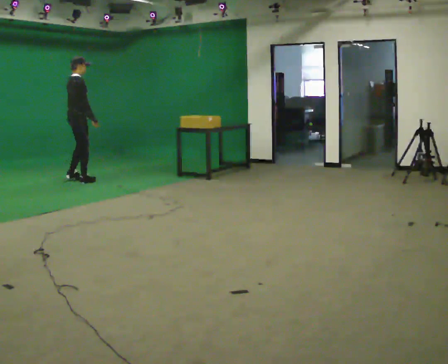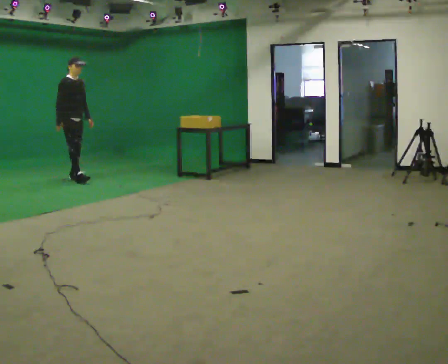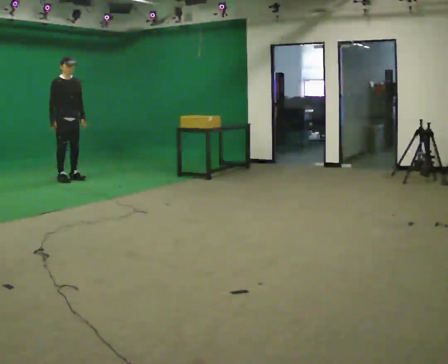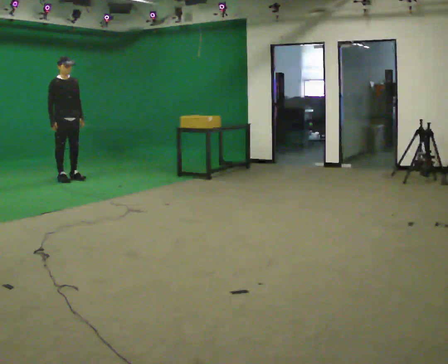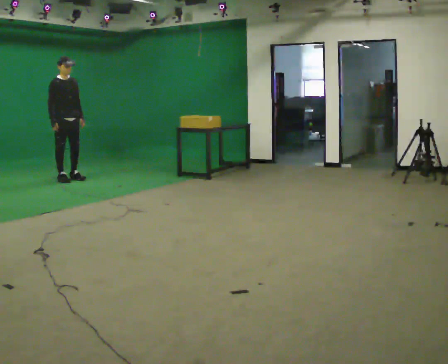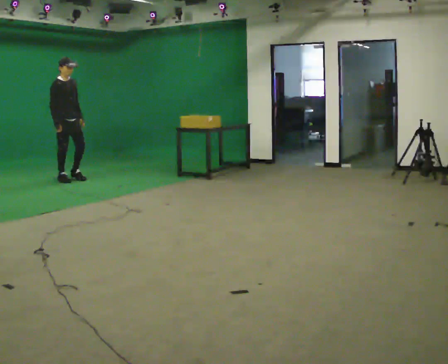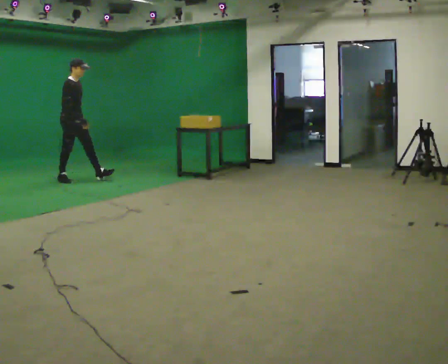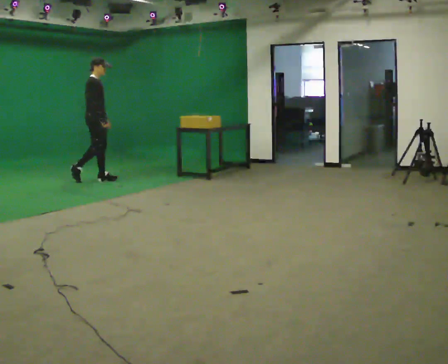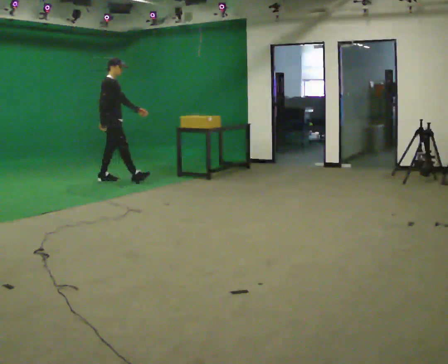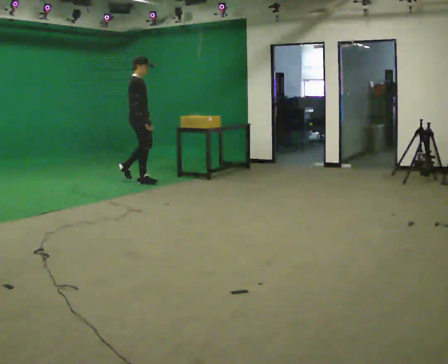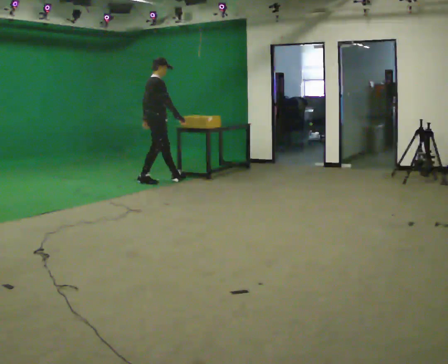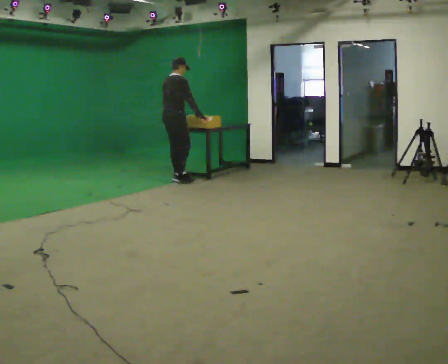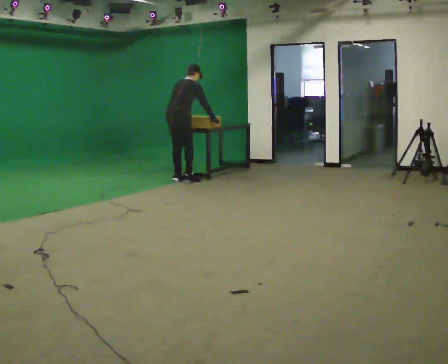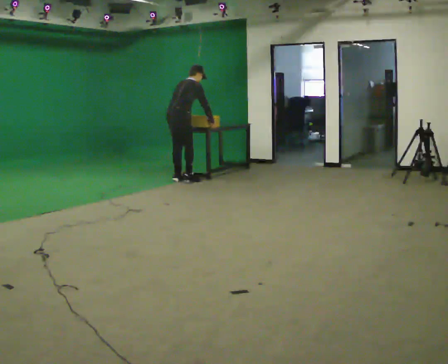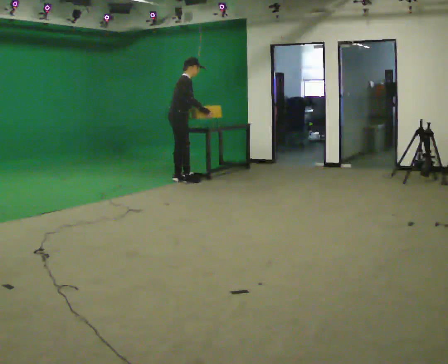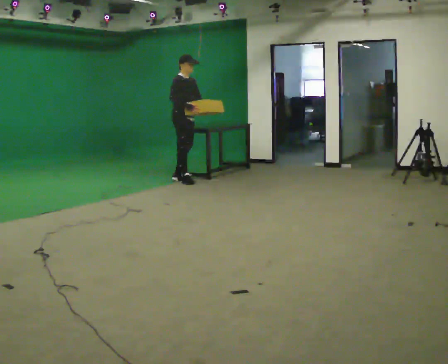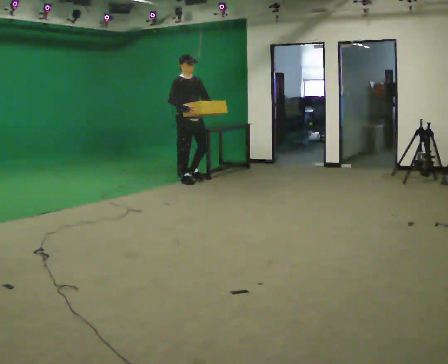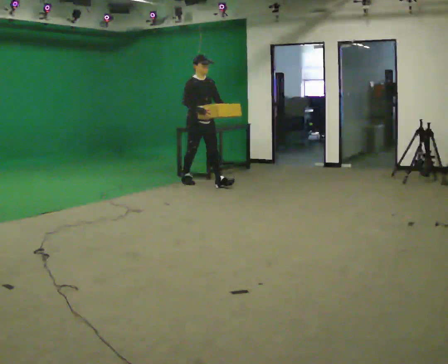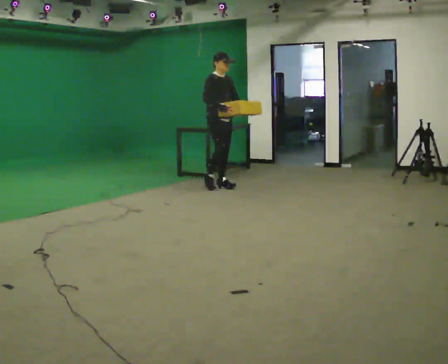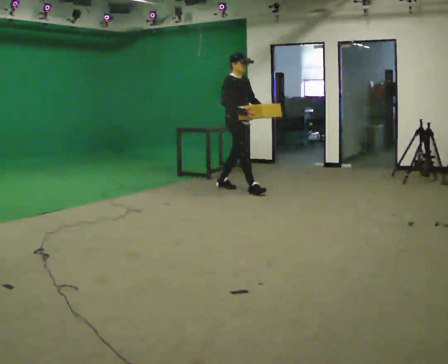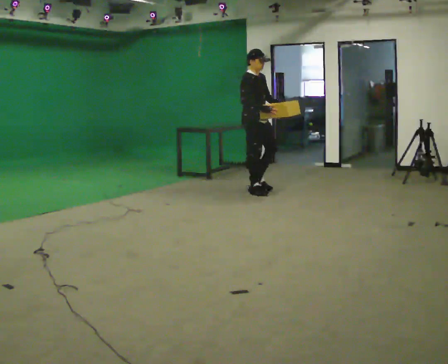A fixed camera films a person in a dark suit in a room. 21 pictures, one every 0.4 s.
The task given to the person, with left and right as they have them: Walk quickly but do not run; remain comfortable and controlled; stop.
0.0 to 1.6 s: Seen from above the body turns clockwise, about 60 degrees: to their right, with its near side sliding to the left. In the picture they go to the left, about 0.25 m in 2 steps. In the picture their right hand goes to the left.
1.6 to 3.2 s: The part of the body nearest the lens slides to the right as the person turns to their left by about 45 degrees. In the picture they go to the right, about 0.75 m in 1 step, which for them is forward.
3.2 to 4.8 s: The person turns about 45 degrees to their left, counterclockwise seen from above, so the part of the body nearest the lens slides to the right. In the picture they go to the right, about 1 m in 3 steps, which for them is forward and to their right. The upper body tips away from the camera, its near side rolling upward, as they bend forward.
4.8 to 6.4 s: Seen from above the body turns clockwise, about 105 degrees: to their right, with its near side sliding to the left. The upper body tips toward the camera, its near side rolling downward, as they lean back or straighten. In the picture their left hand goes to the right, the arm swinging counterclockwise.
6.4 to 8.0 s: In the picture they go to the right and toward the camera, about 1 m in 2 steps, which for them is forward.
The film runs forward here.
